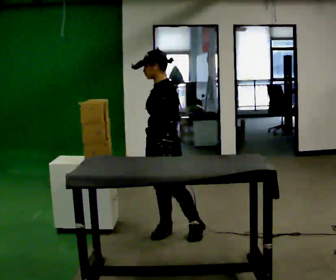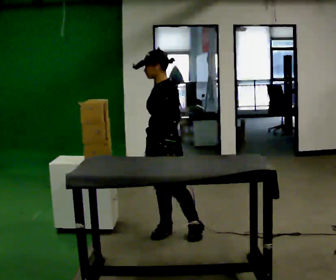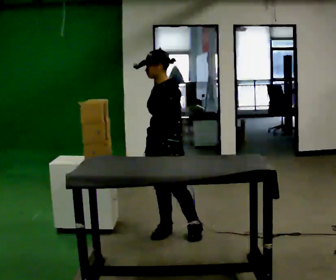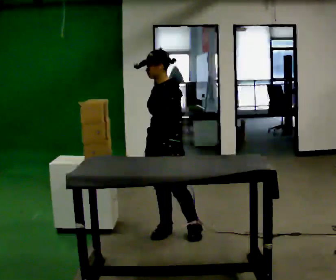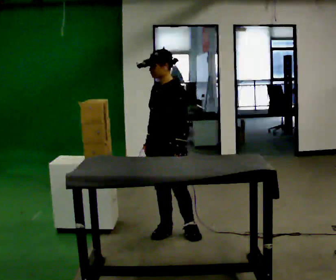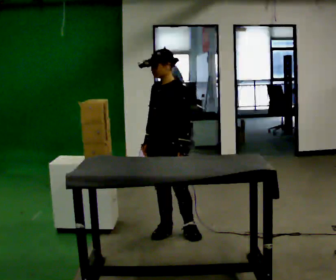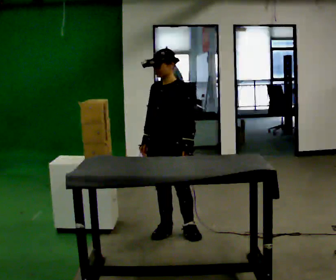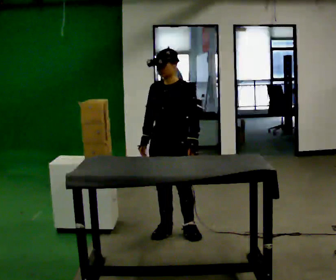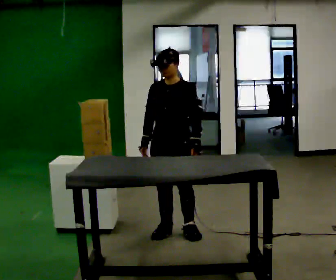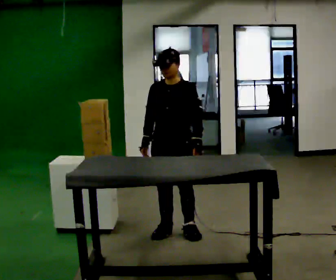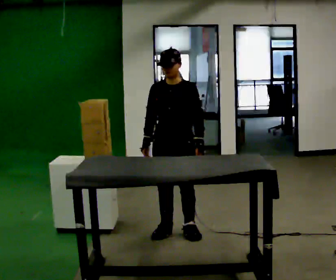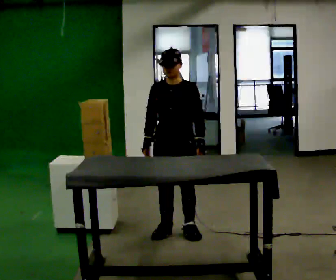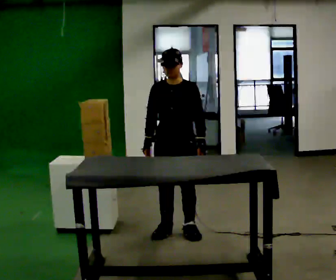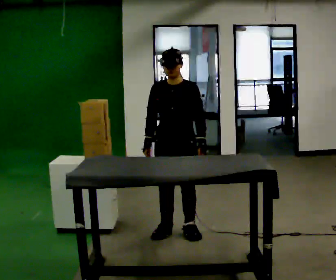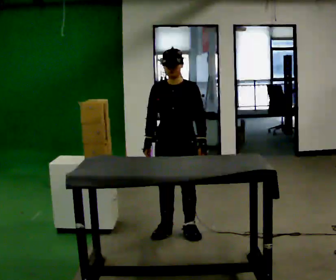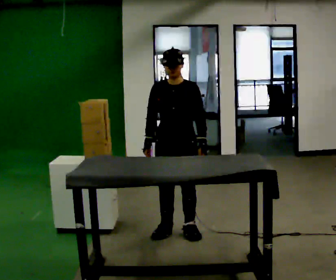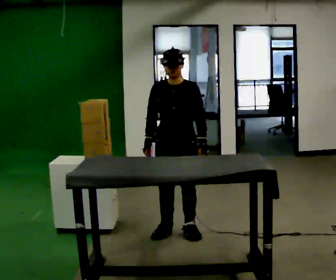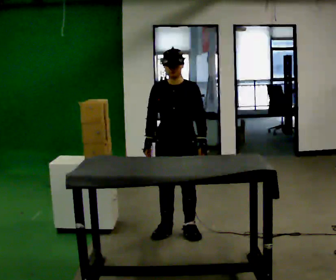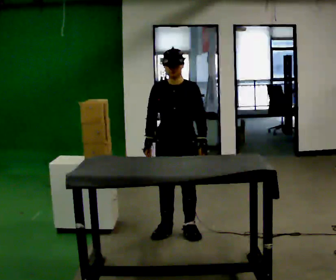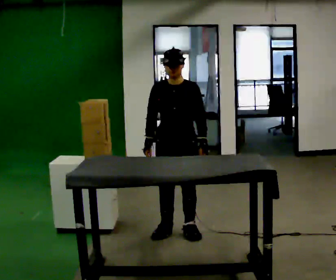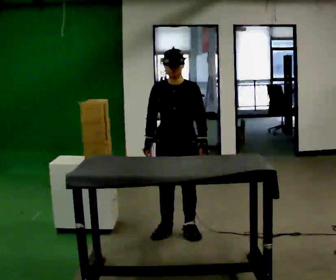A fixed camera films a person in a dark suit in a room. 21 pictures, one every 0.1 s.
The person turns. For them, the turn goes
to their left.
The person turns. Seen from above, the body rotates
counterclockwise.
0.0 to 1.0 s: The person turns about 60 degrees to their left, counterclockwise seen from above, so the part of the body nearest the lens slides to the right.
1.0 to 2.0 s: The person moves a little, or ends about where they began.
The film runs backward here.
